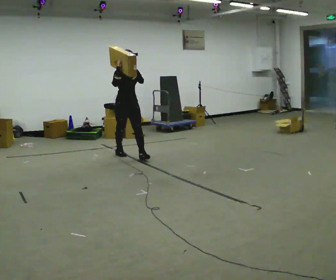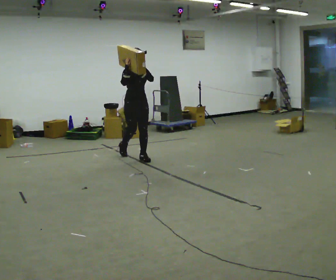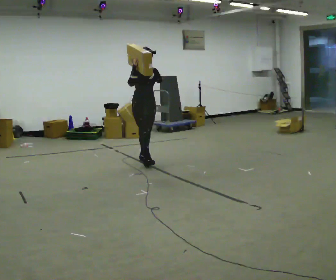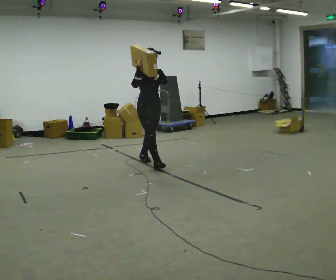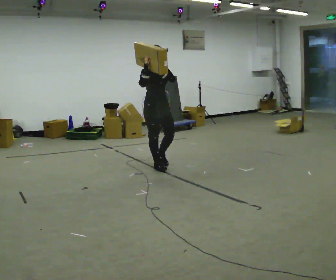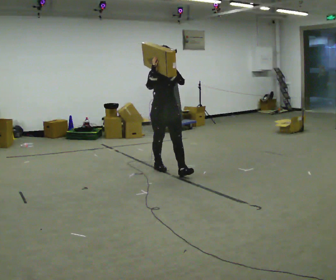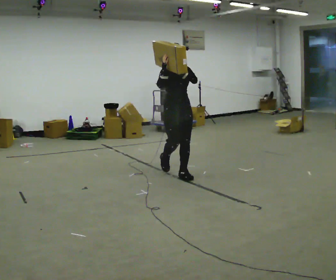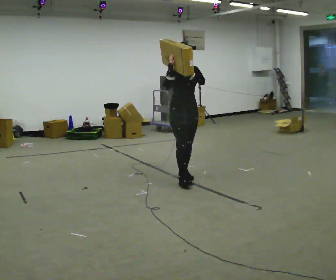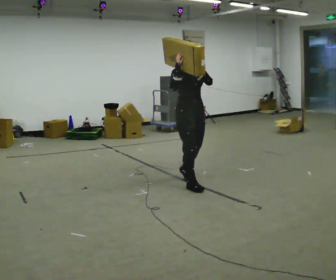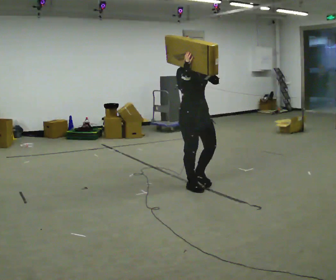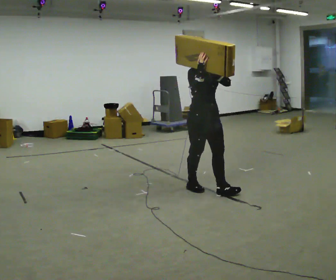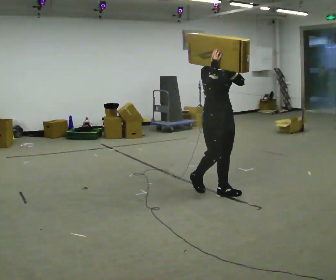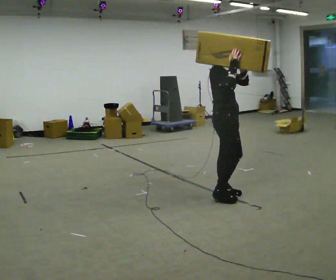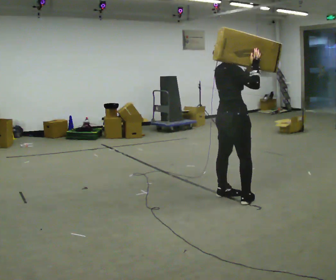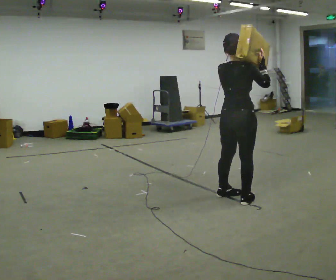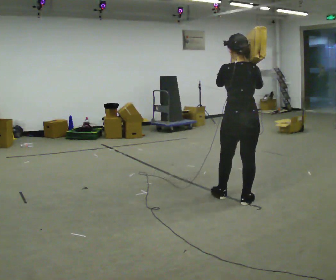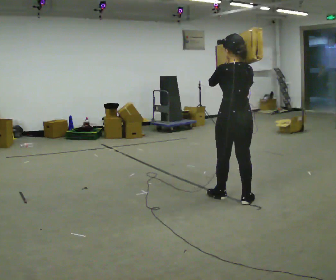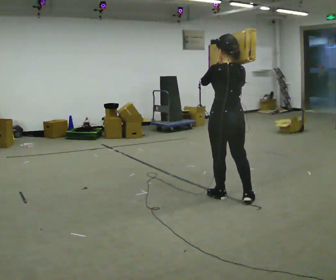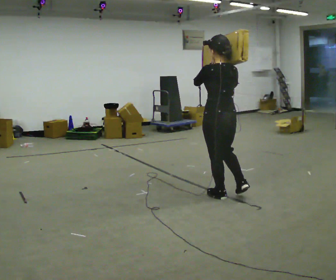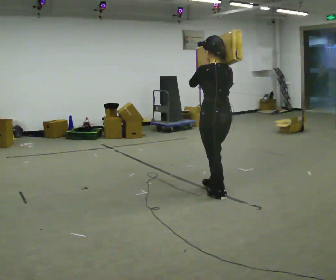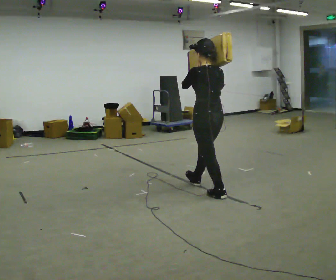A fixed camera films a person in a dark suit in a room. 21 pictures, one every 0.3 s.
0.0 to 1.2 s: In the picture they go toward the camera and to the right, about 1 m in 1 step, which for them is forward.
1.2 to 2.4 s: In the picture they go toward the camera and to the right, about 1 m in 2 steps, which for them is forward.
2.4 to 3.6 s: The part of the body nearest the lens slides to the right as the person turns to their left by about 30 degrees. In the picture they go toward the camera and to the right, about 0.5 m in 1 step, which for them is forward.
3.6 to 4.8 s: The person turns about 135 degrees to their left, counterclockwise seen from above, so the part of the body nearest the lens slides to the right. In the picture they go toward the camera, about 0.25 m in 1 step.
4.8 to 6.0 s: In the picture they go to the left and away from the camera, about 0.25 m in 1 step, which for them is forward.
The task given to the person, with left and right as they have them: Rest the long object on the shoulder the operator calls and carry it across the room, back and forth.
The film runs forward here.
